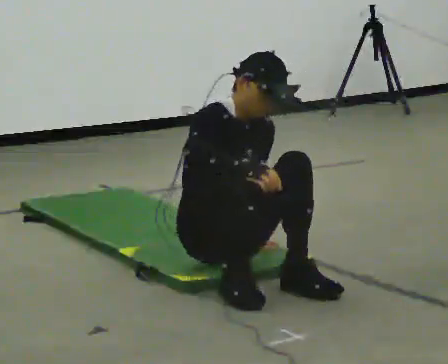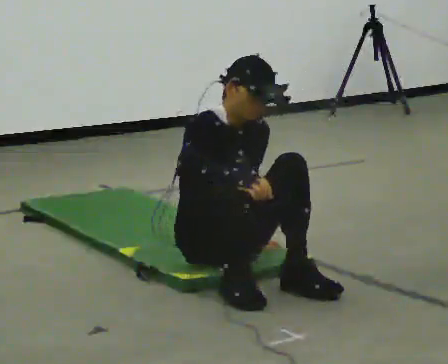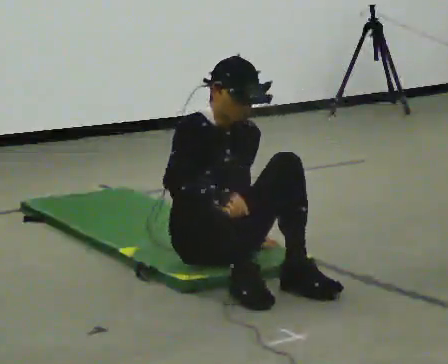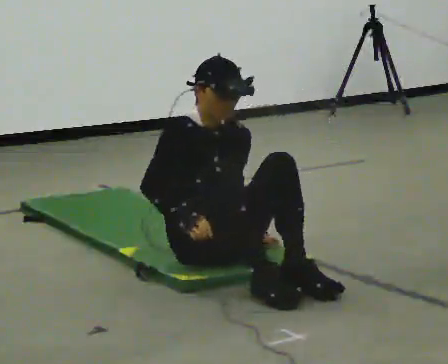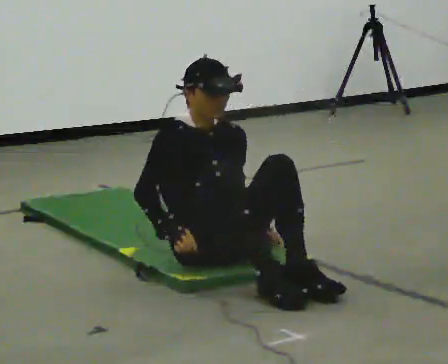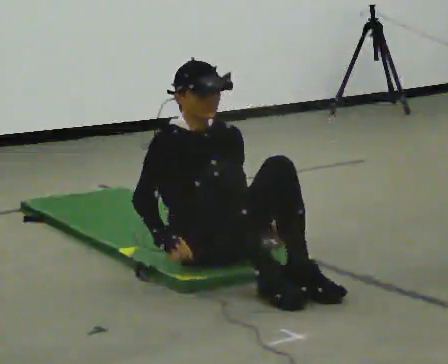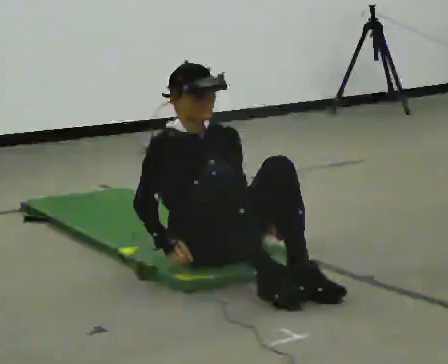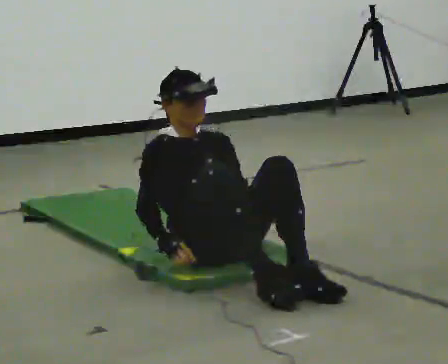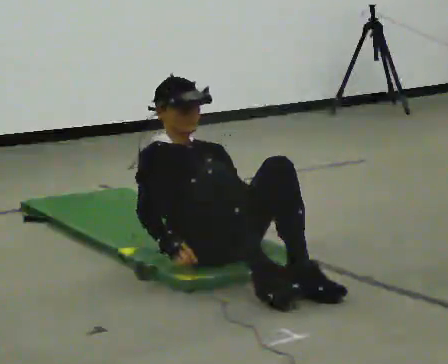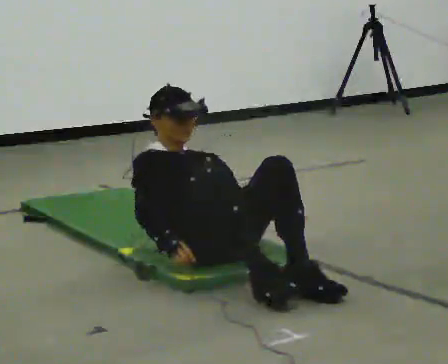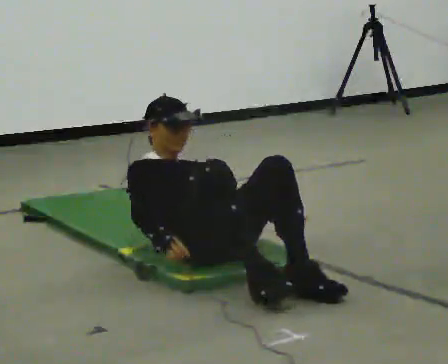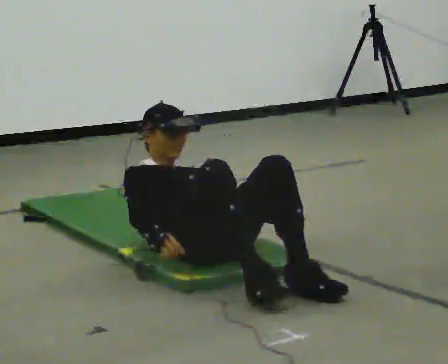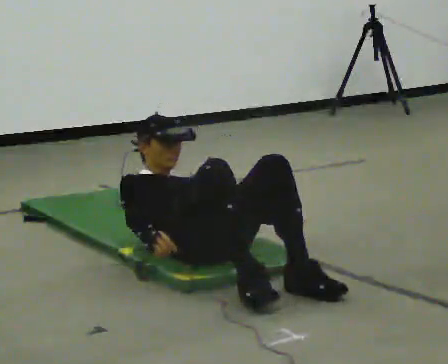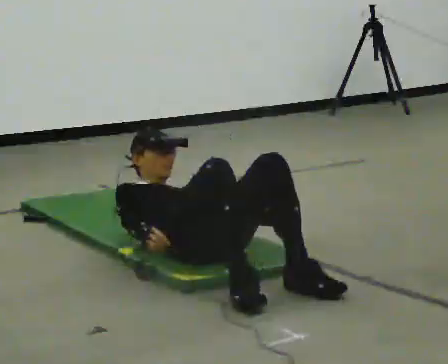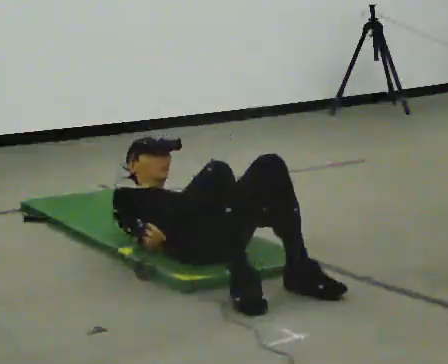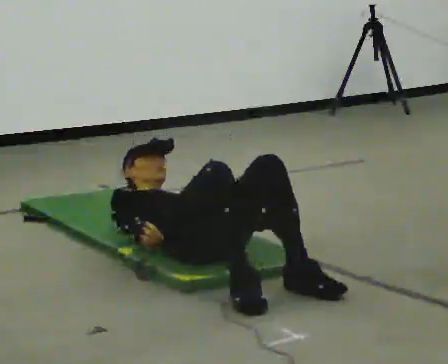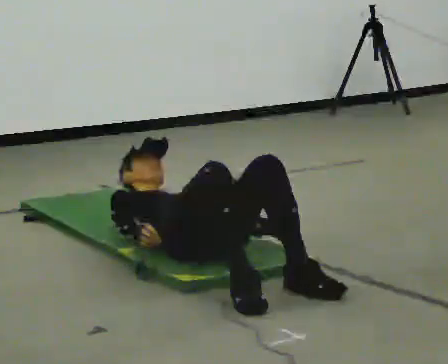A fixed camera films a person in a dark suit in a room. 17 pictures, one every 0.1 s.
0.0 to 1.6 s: The shoulders move downward. The upper body tips away from the camera, its near side rolling upward, as they lean back or straighten.
The film runs forward here.
